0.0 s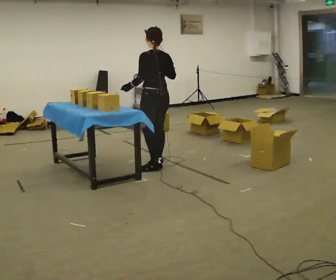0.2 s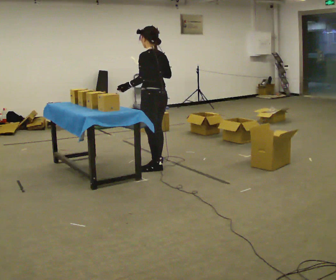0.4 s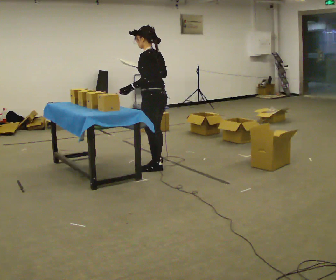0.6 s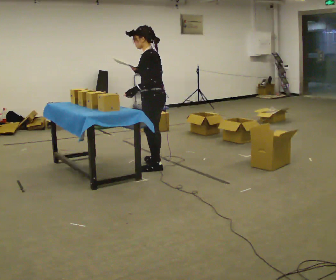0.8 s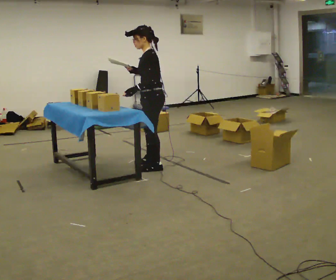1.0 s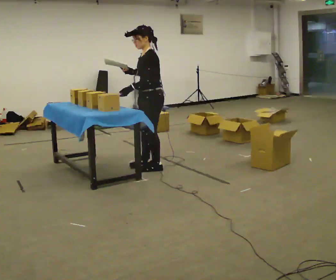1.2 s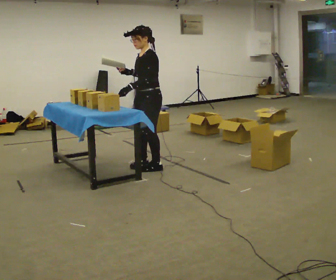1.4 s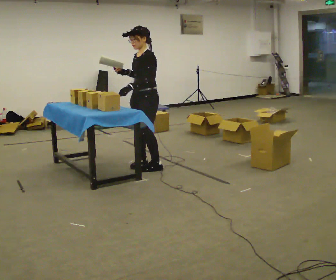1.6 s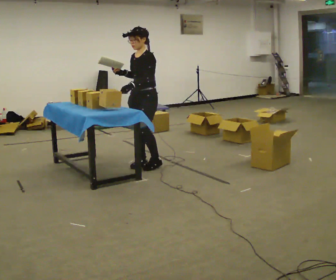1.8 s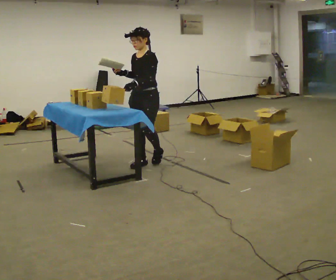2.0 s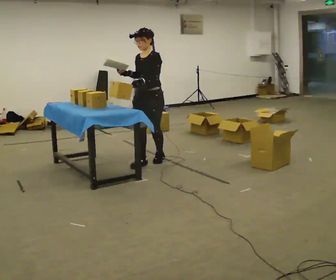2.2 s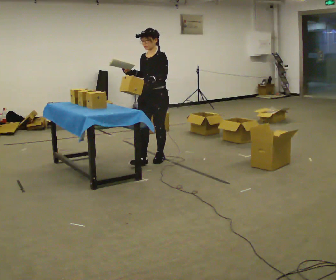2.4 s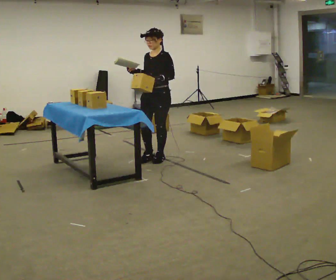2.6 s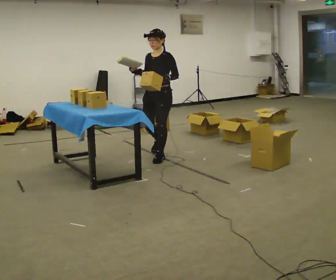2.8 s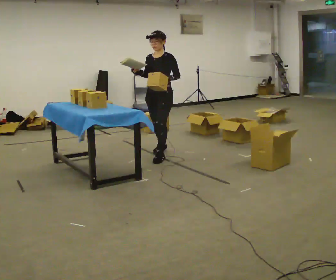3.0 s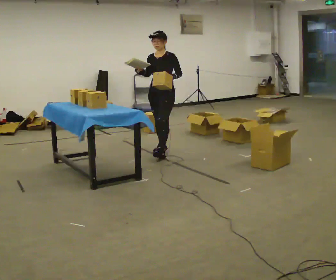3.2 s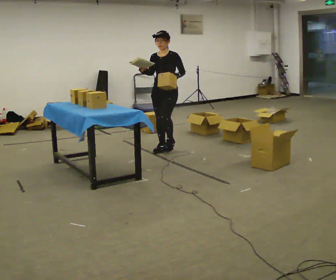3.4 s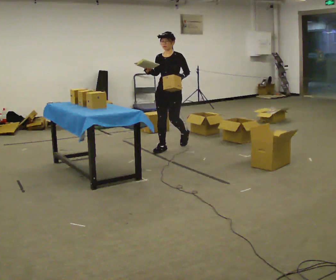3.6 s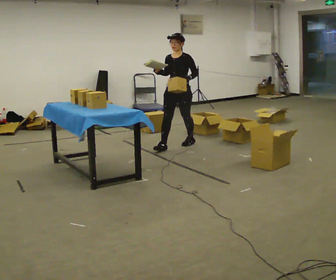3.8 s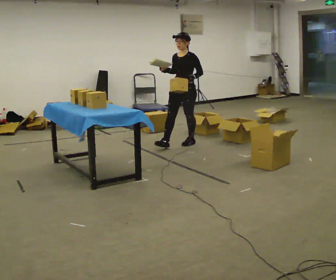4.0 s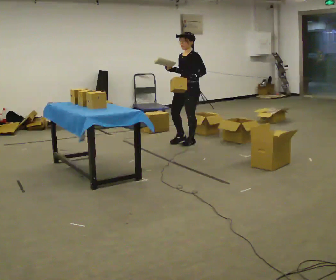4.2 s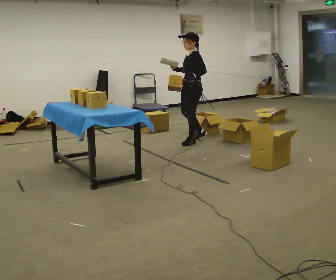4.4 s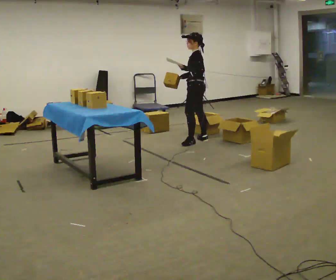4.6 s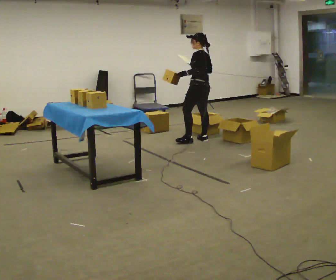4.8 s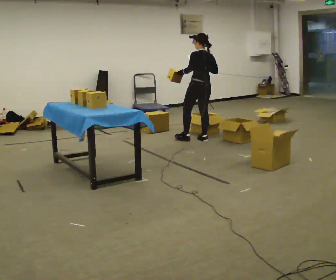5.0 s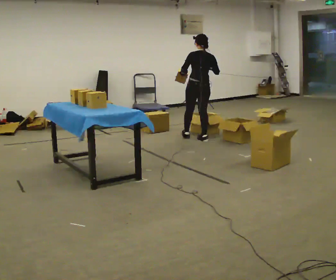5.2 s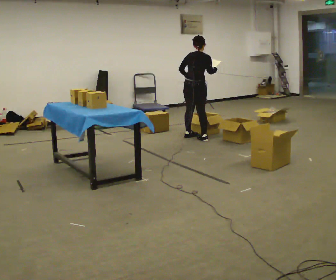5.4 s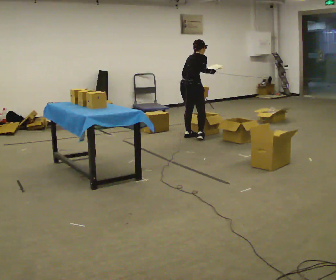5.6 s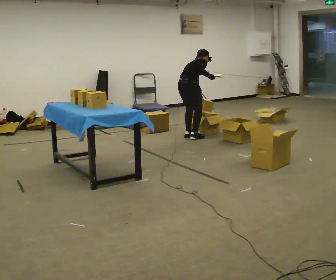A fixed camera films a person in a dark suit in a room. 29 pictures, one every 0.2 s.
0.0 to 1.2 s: Seen from above the body turns counterclockwise, about 75 degrees: to their left, with its near side sliding to the right. In the picture their right hand goes to the left.
1.2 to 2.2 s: The part of the body nearest the lens slides to the right as the person turns to their left by about 30 degrees. In the picture they go away from the camera, about 0.25 m in 1 step, which for them is backward and to their right.
2.2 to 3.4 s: In the picture they go away from the camera, about 0.5 m in 2 steps, which for them is backward.
3.4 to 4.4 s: Seen from above the body turns clockwise, about 75 degrees: to their right, with its near side sliding to the left. In the picture they go to the right and away from the camera, about 0.5 m in 1 step.
4.4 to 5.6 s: Seen from above the body turns clockwise, about 135 degrees: to their right, with its near side sliding to the left. In the picture they go away from the camera, about 0.25 m in 2 steps. In the picture the upper body tilts clockwise, shoulders to the right, as they bend forward.
The film runs backward here.
